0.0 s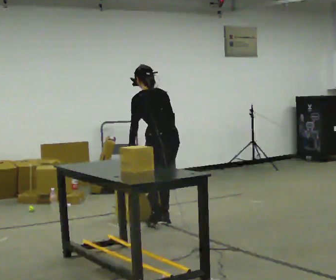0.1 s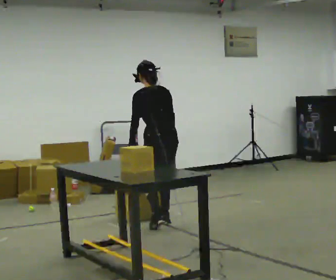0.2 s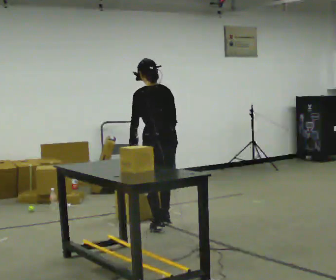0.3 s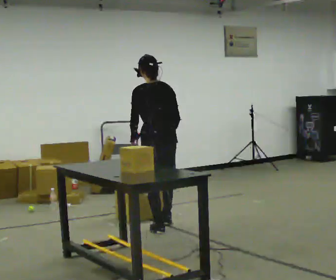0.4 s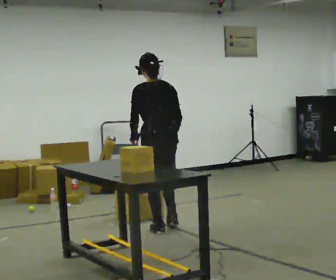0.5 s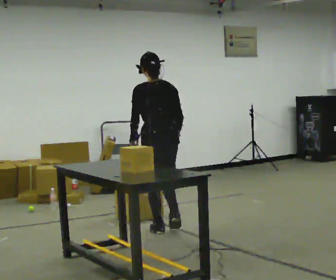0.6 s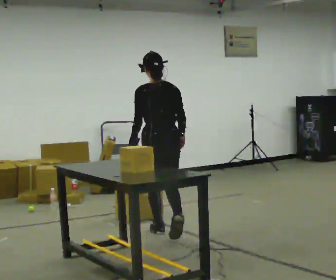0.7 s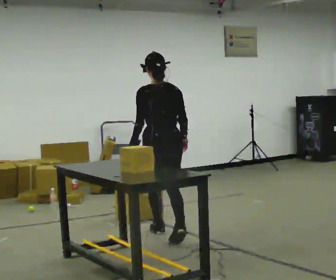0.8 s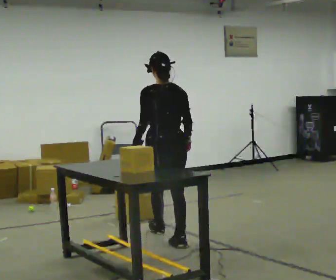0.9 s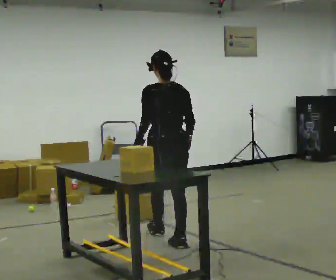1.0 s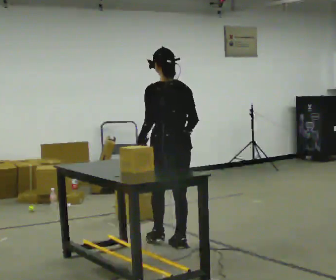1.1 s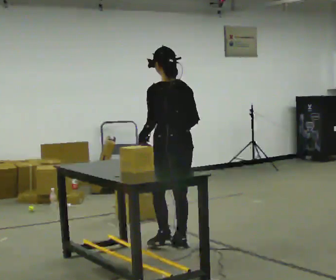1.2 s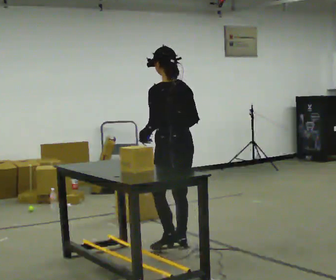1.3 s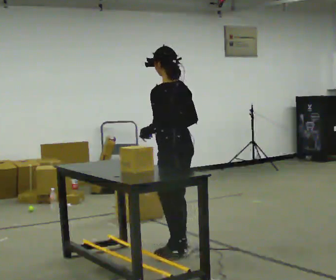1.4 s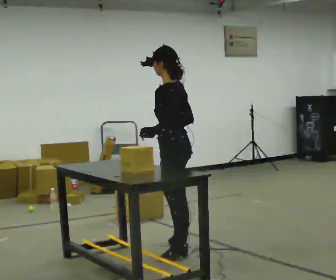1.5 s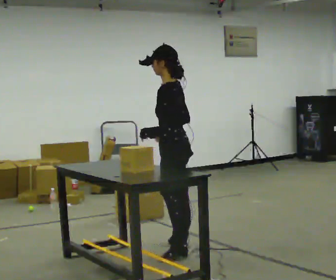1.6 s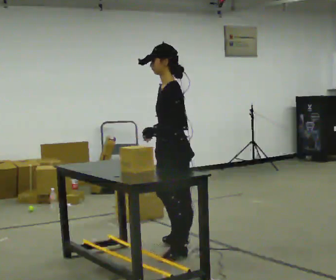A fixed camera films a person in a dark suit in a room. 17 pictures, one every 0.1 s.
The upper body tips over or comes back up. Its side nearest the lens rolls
downward.
The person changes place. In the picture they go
toward the camera.
0.0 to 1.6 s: Seen from above the body turns counterclockwise, about 60 degrees: to their left, with its near side sliding to the right. In the picture they go toward the camera, about 1 m in 2 steps. The upper body tips toward the camera, its near side rolling downward.
The film runs backward here.
